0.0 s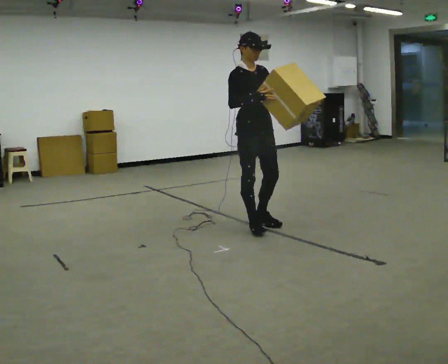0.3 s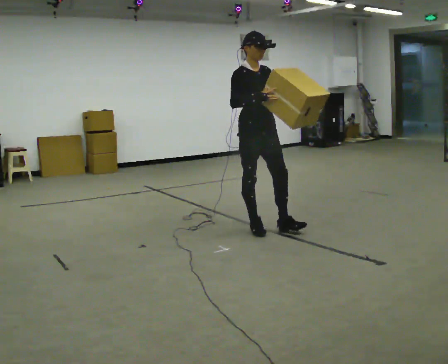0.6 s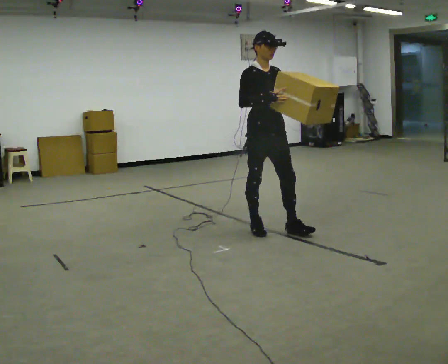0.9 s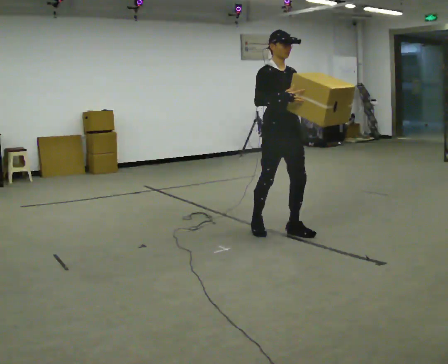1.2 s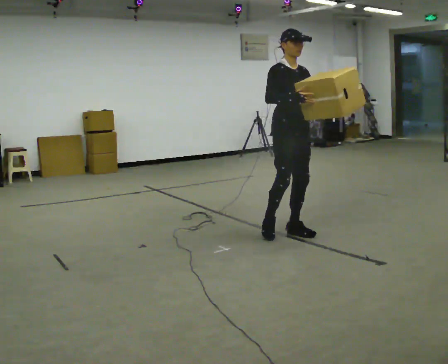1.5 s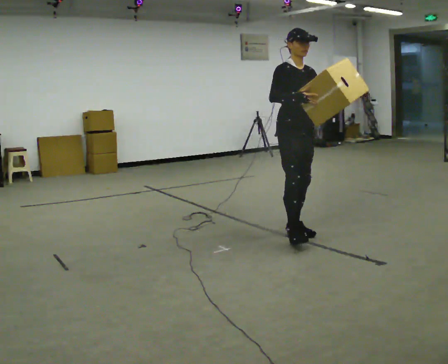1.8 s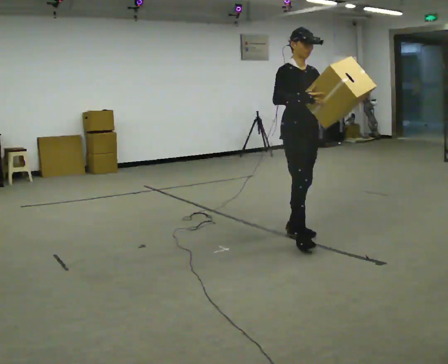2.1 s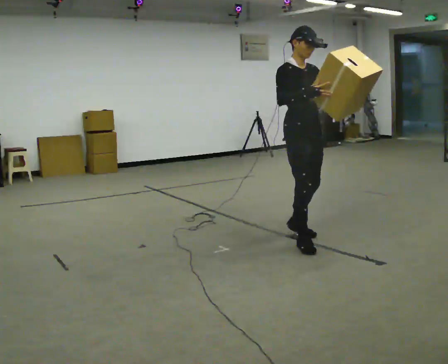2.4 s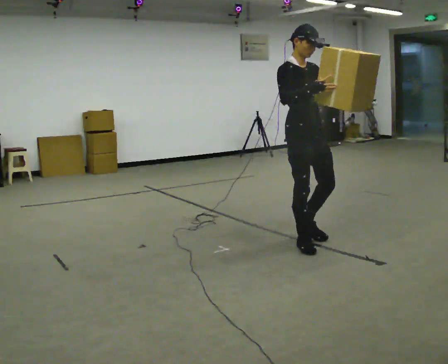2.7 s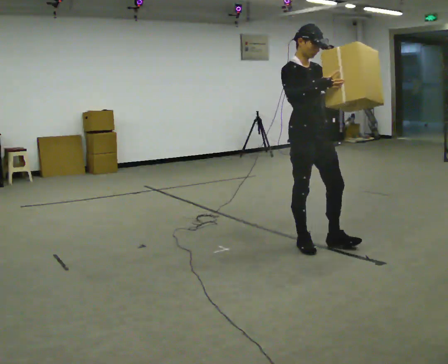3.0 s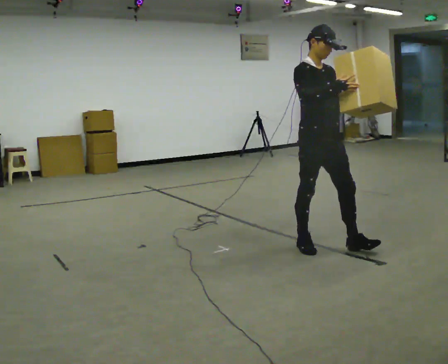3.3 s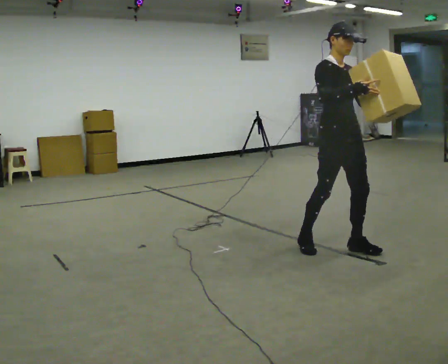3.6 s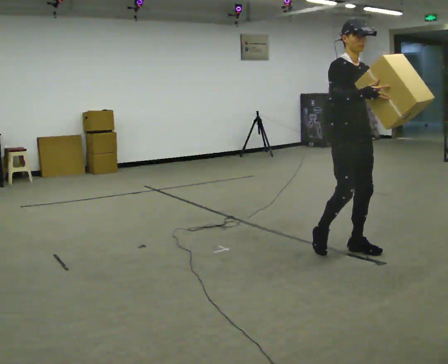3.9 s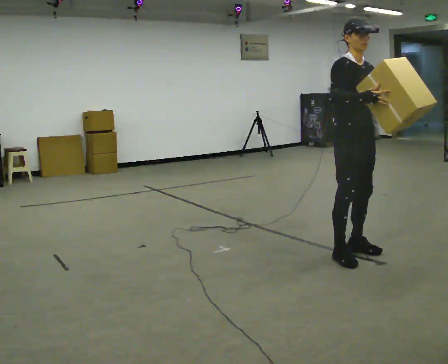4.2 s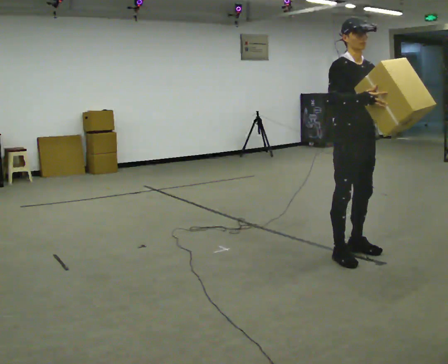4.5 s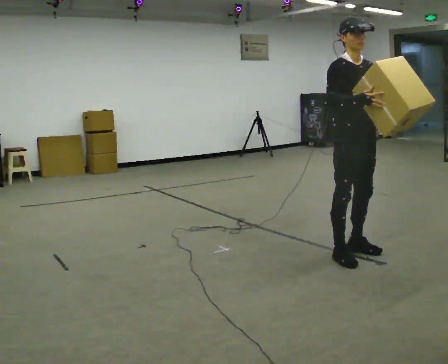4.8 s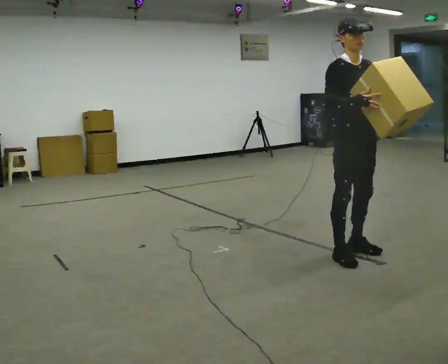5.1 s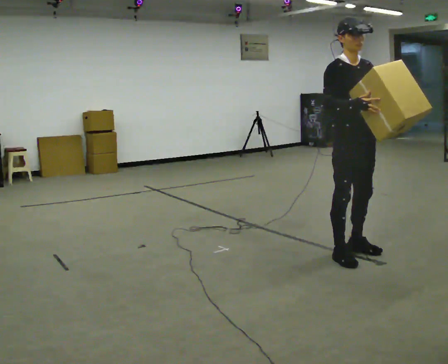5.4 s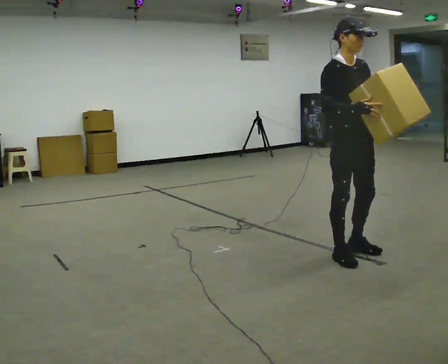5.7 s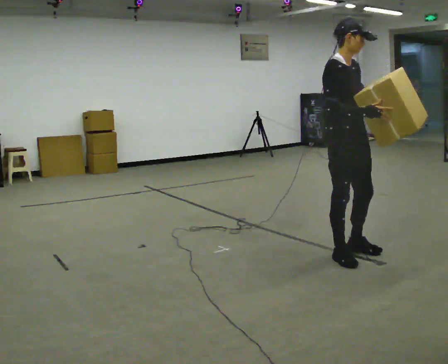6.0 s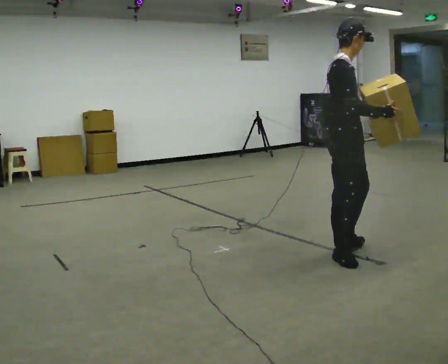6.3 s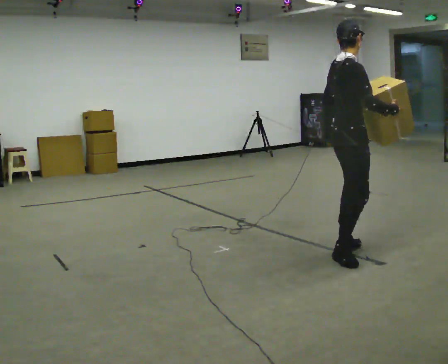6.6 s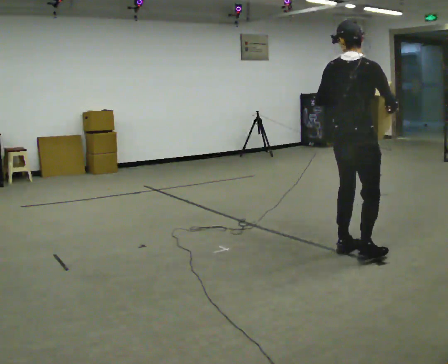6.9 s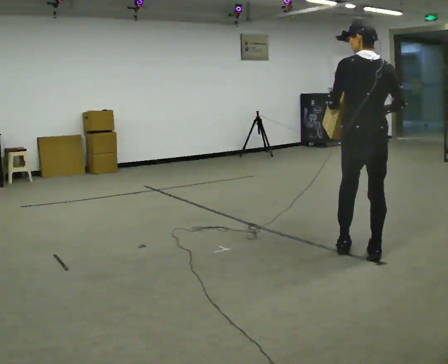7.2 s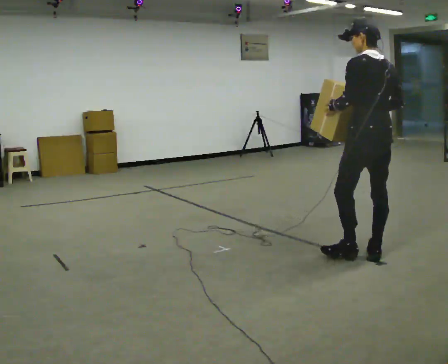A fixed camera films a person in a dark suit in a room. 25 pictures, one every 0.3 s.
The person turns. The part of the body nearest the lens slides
to the right.
The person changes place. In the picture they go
to the right.
0.0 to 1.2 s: In the picture they go to the right, about 0.25 m in 1 step, which for them is forward.
1.2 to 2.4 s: In the picture they go toward the camera and to the right, about 0.5 m in 1 step, which for them is forward and to their right.
2.4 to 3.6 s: In the picture they go to the right, about 0.25 m in 1 step, which for them is forward.
3.6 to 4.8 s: The person moves a little, or ends about where they began.
4.8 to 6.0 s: Seen from above the body turns counterclockwise, about 45 degrees: to their left, with its near side sliding to the right.
6.0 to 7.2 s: The person turns about 135 degrees to their left, counterclockwise seen from above, so the part of the body nearest the lens slides to the right. In the picture they go to the right, about 0.25 m in 1 step.
The film runs forward here.
